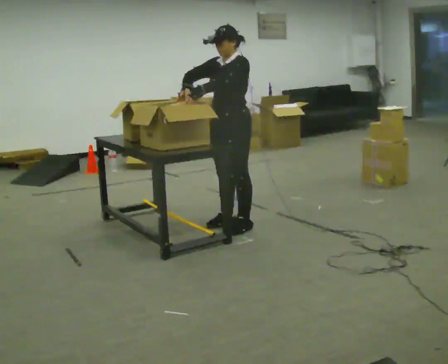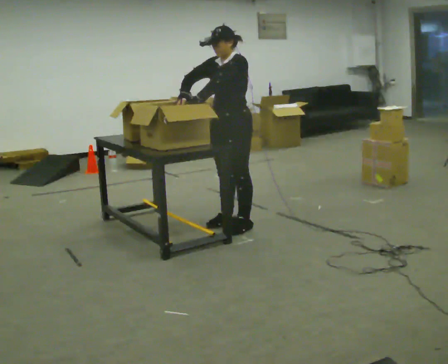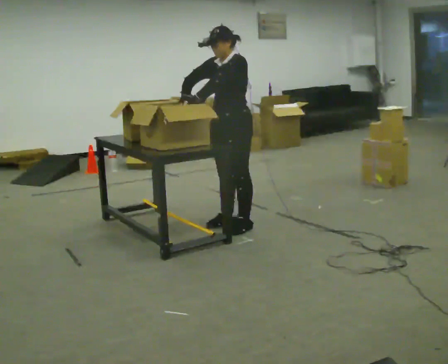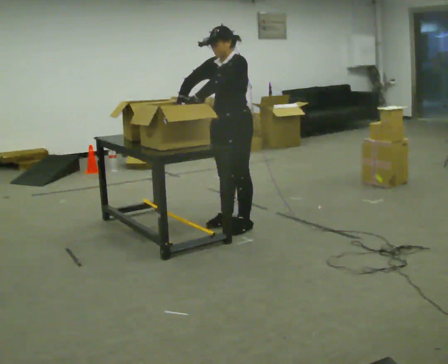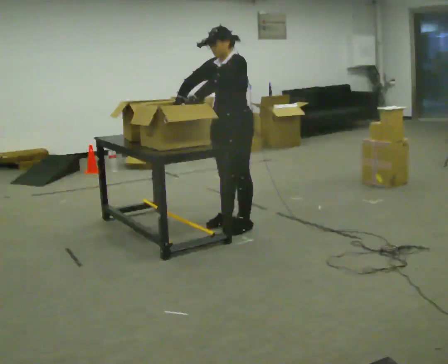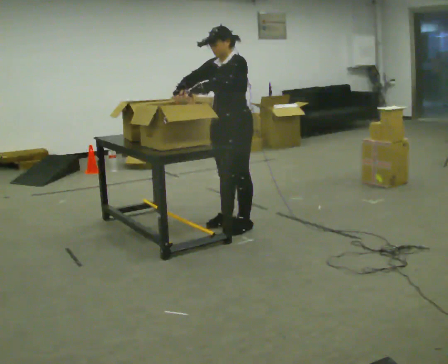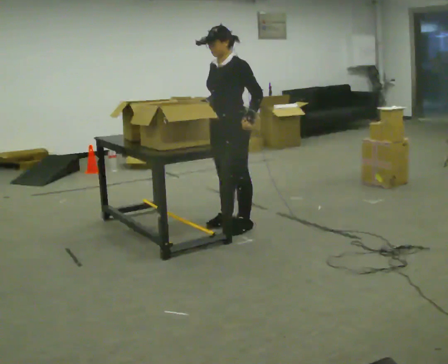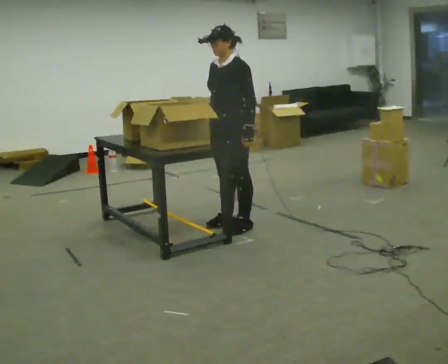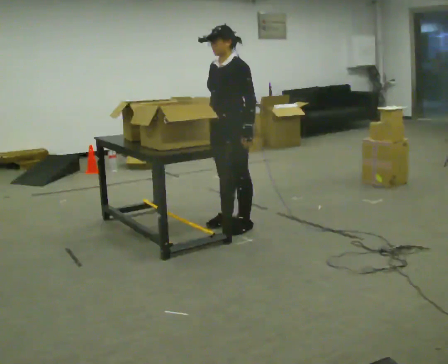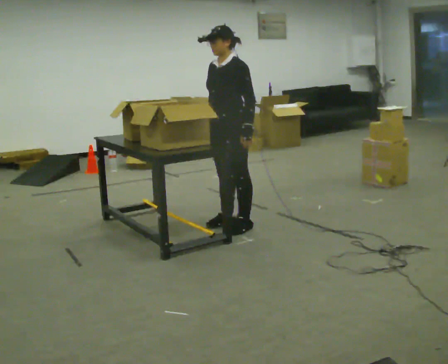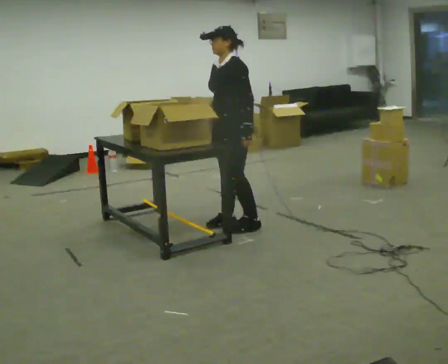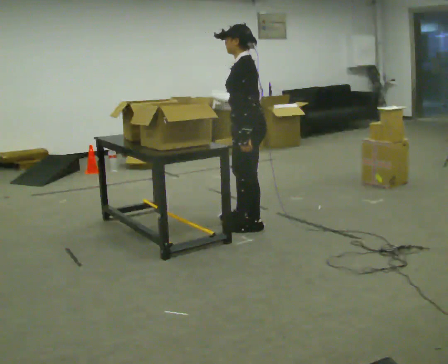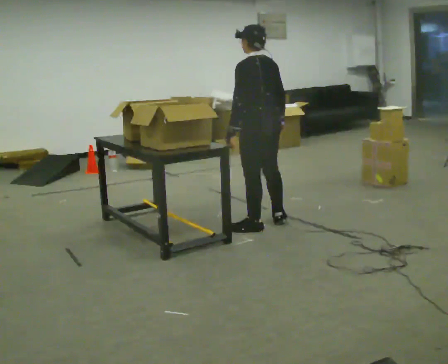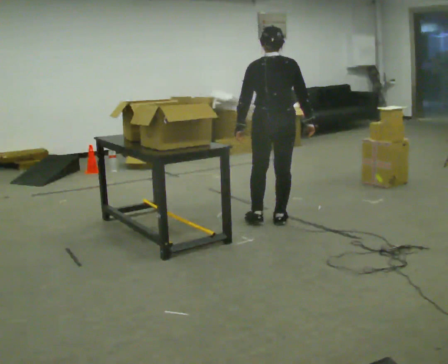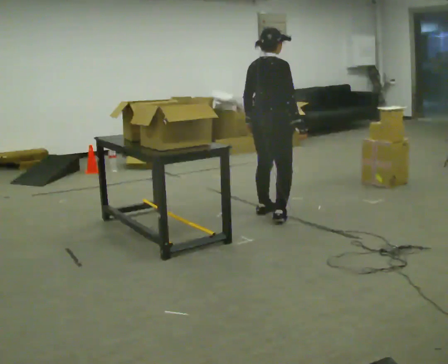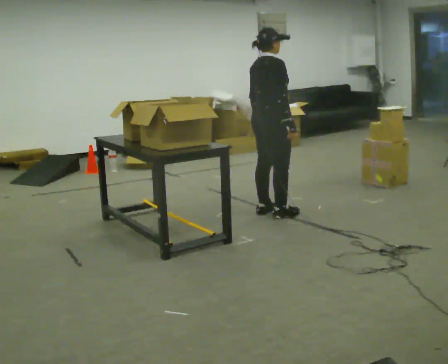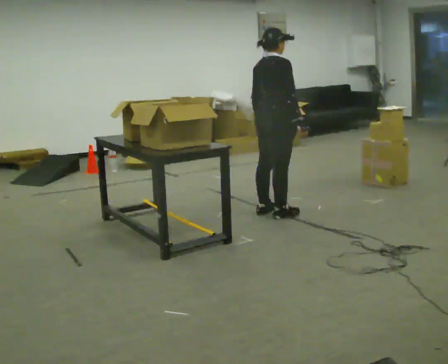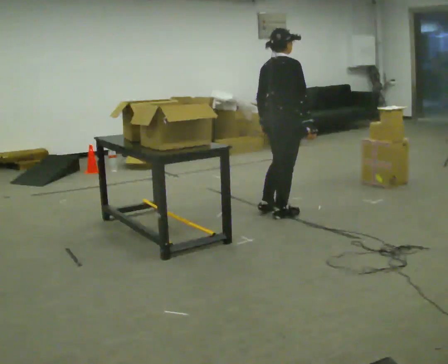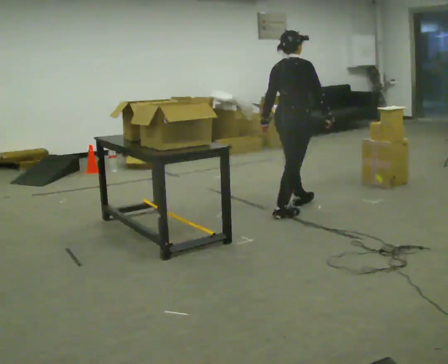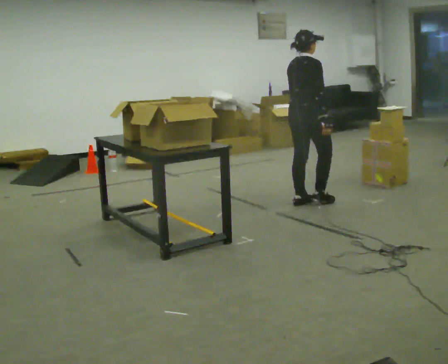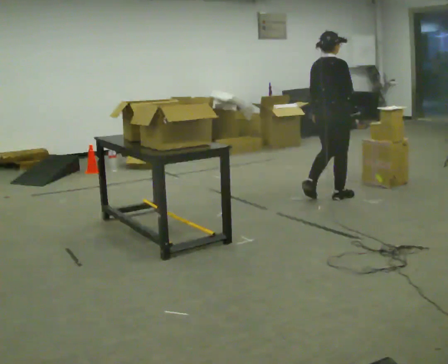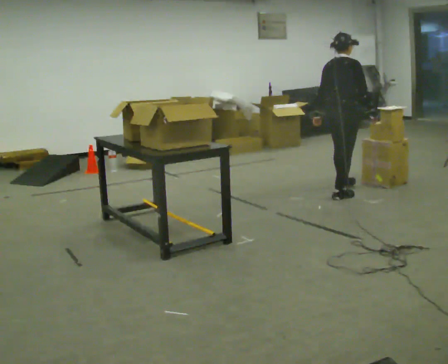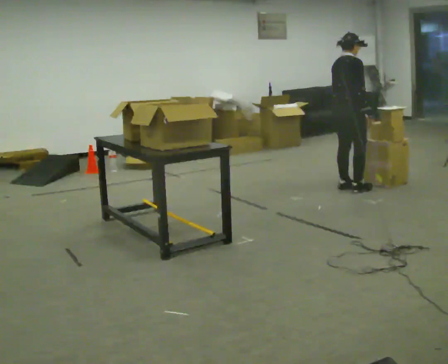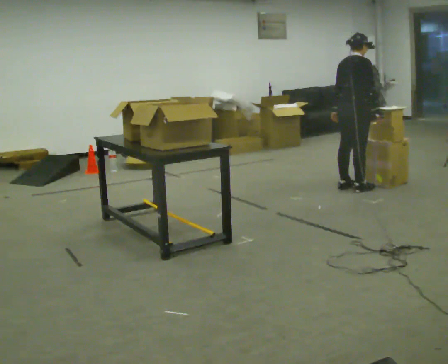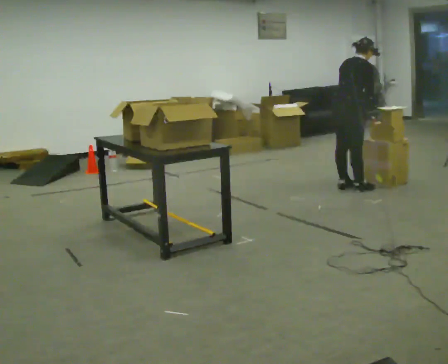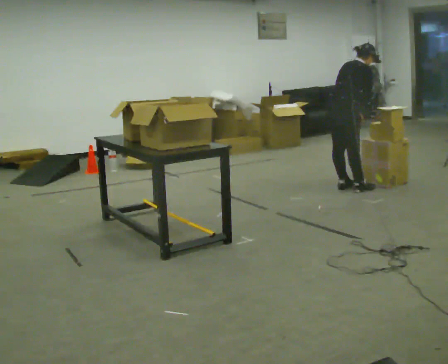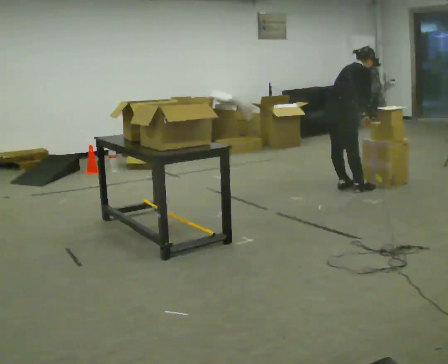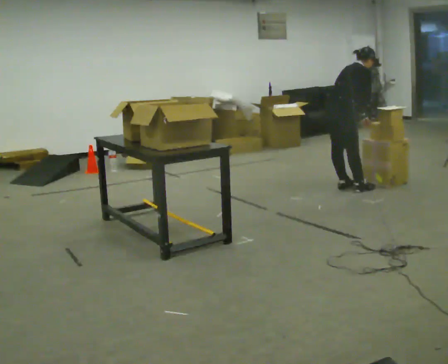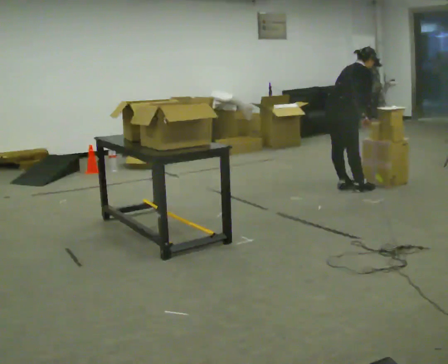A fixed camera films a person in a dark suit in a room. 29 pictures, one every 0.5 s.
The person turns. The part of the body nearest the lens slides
to the left.
The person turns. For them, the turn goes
to their right.
0.0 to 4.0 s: In the picture their left hand goes to the right and downward.
4.0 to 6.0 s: The person turns about 75 degrees to their right, clockwise seen from above, so the part of the body nearest the lens slides to the left. In the picture they go to the right, about 0.25 m in 1 step. In the picture their right hand goes to the right.
6.0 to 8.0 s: The part of the body nearest the lens slides to the left as the person turns to their right by about 105 degrees. In the picture they go away from the camera, about 0.5 m in 2 steps.
8.0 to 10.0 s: In the picture they go to the right and away from the camera, about 0.5 m in 2 steps, which for them is forward.
10.0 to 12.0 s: In the picture they go away from the camera and to the right, about 0.5 m in 2 steps, which for them is forward and to their left. In the picture the upper body tilts clockwise, shoulders to the right, as they bend forward.
12.0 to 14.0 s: In the picture the upper body tilts clockwise, shoulders to the right, as they bend forward.
The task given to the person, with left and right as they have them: 1. Read the list the operator gives you. 2. Collect the six items on the list from the shelves. 3. Put them all in the bin on the table. 4. Tell the operator when you are finished.
The film runs forward here.
